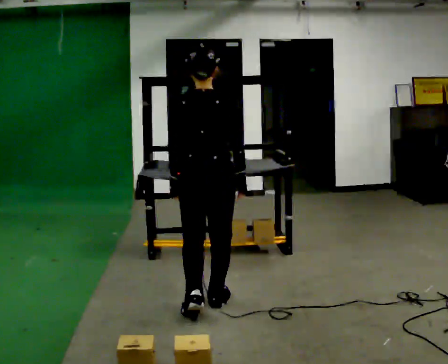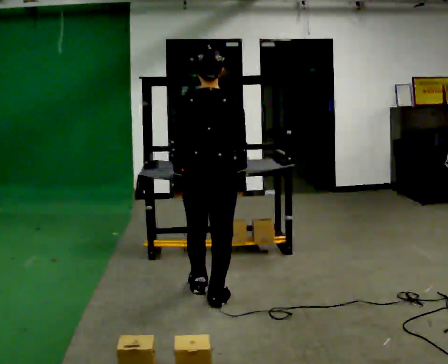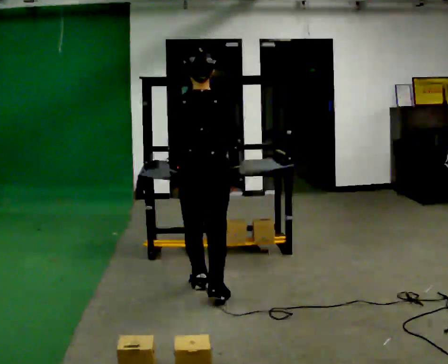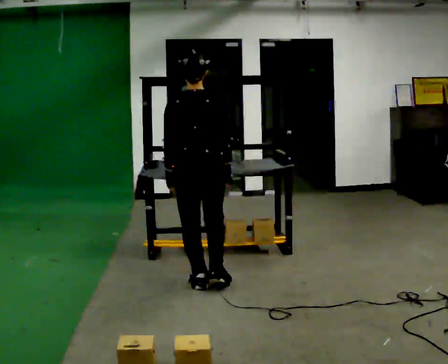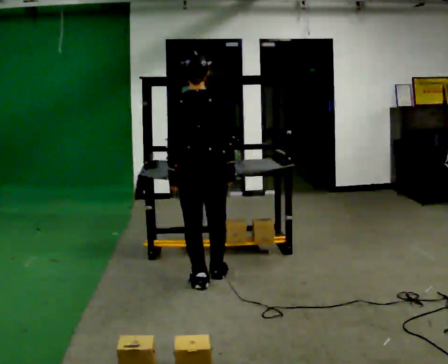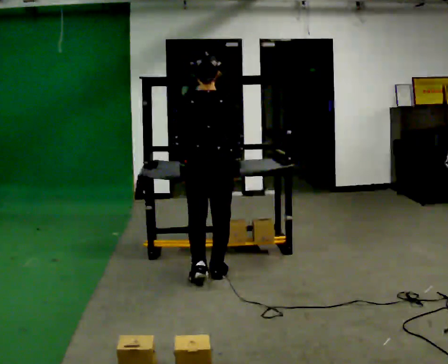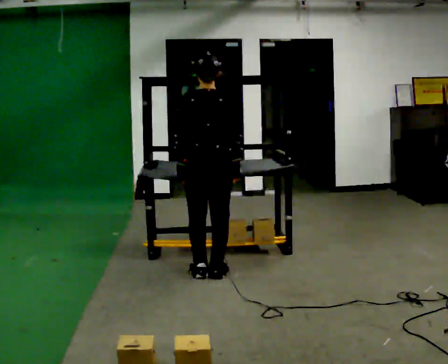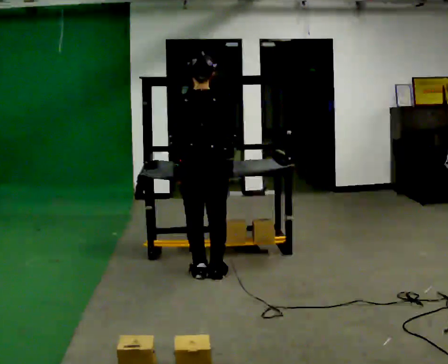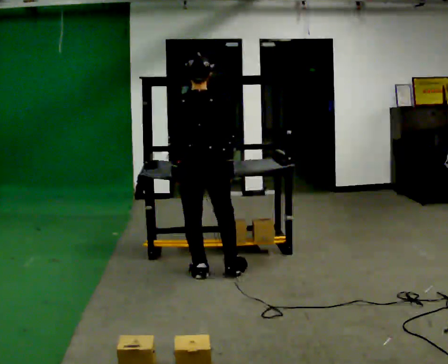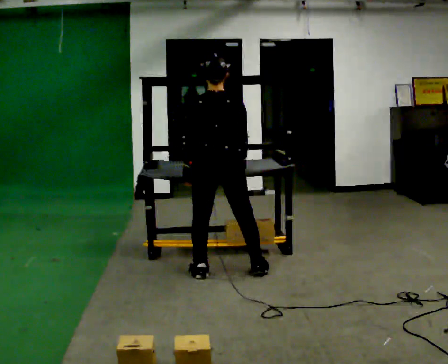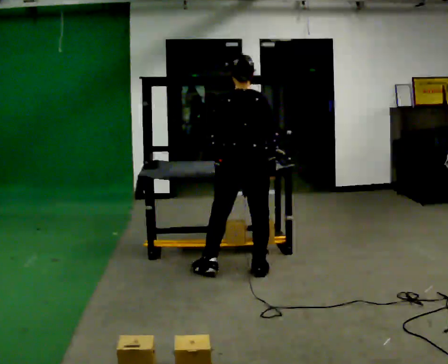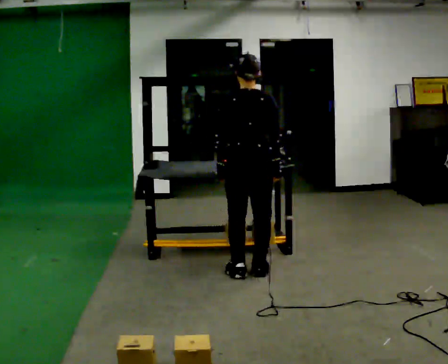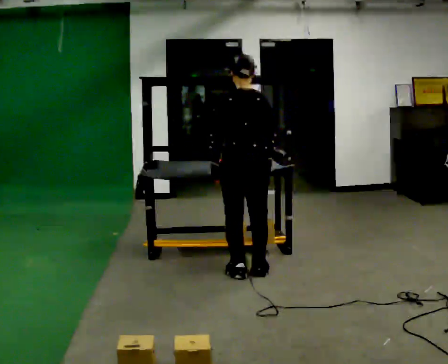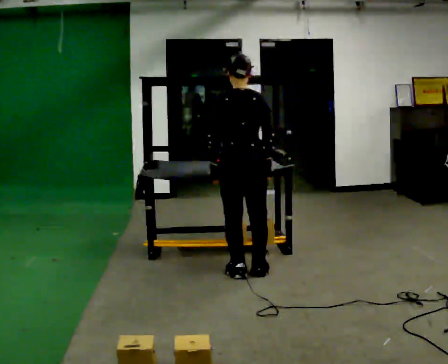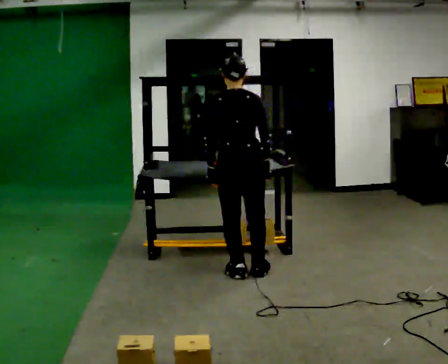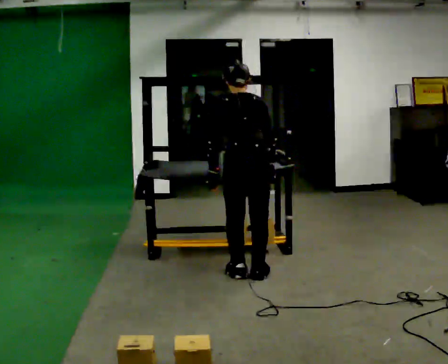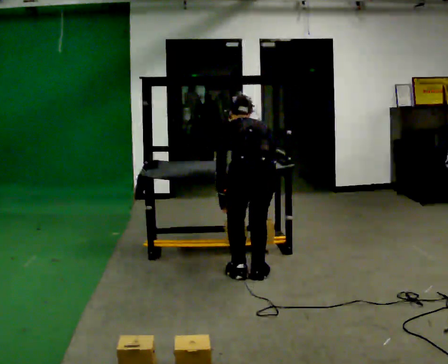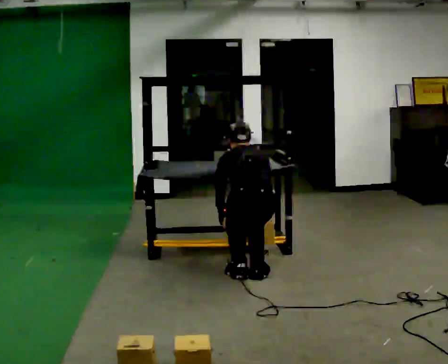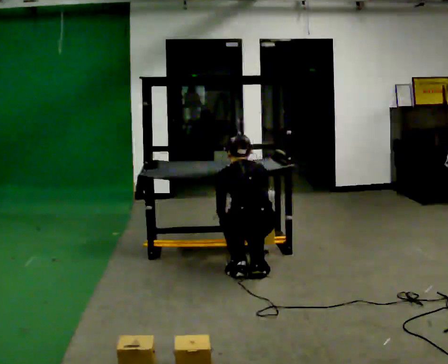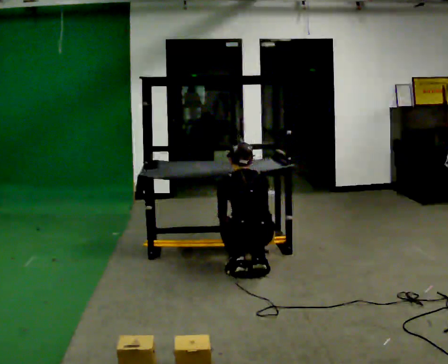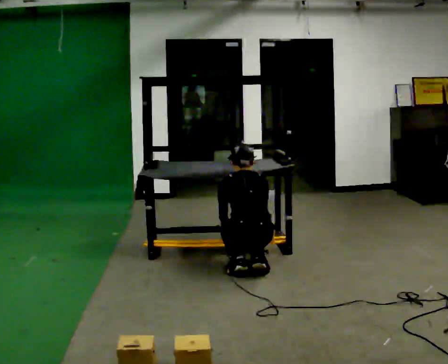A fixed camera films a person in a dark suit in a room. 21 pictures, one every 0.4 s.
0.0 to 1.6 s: In the picture they go away from the camera, about 0.5 m in 2 steps, which for them is forward.
1.6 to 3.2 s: The person moves a little, or ends about where they began.
3.2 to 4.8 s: In the picture they go to the right, about 0.25 m in 2 steps, which for them is to their right.
4.8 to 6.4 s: In the picture they go toward the camera, about 0.25 m, which for them is backward. The shoulders move downward. The upper body tips away from the camera, its near side rolling upward, as they bend forward.
6.4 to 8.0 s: The shoulders move downward.
The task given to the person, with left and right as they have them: Carry the object across the room and place it on the lowest shelf, crouching down to do it. Keep going until the operator says stop; one object at a time, and do not rush between trips.
The film runs forward here.
